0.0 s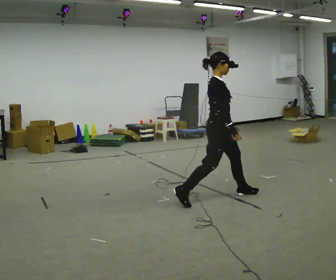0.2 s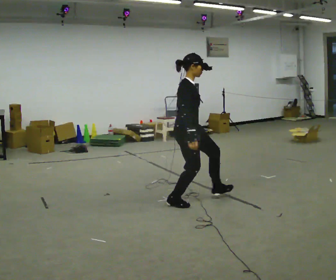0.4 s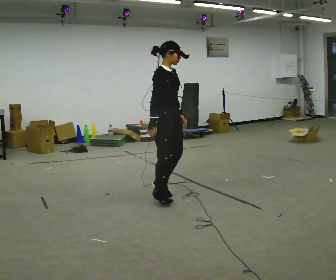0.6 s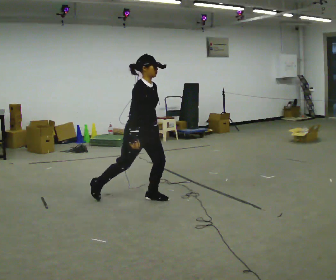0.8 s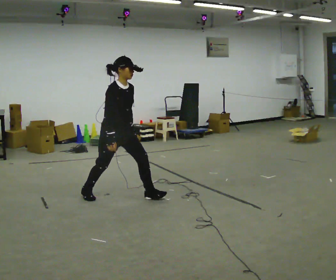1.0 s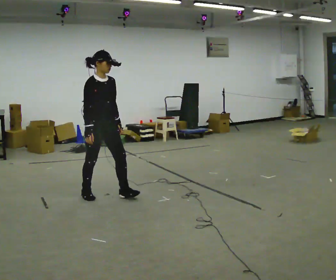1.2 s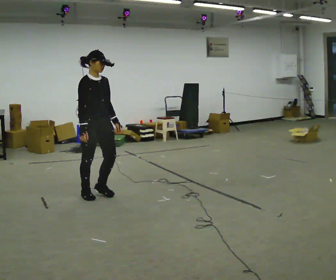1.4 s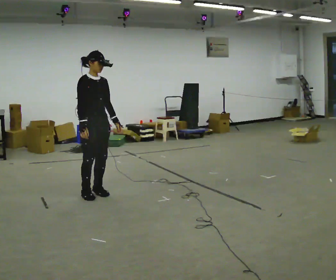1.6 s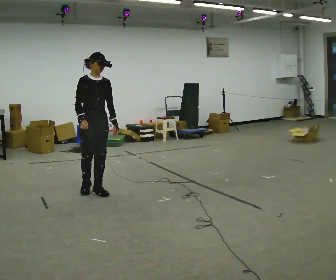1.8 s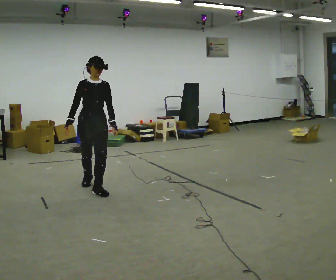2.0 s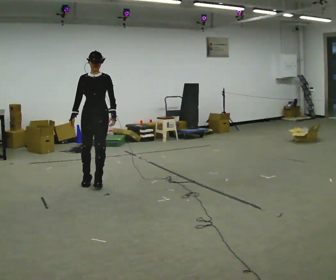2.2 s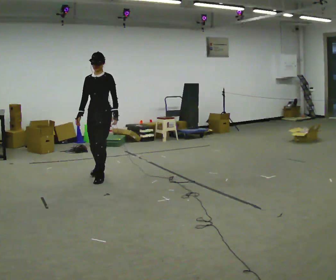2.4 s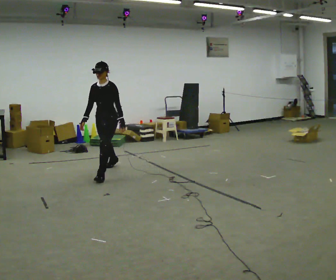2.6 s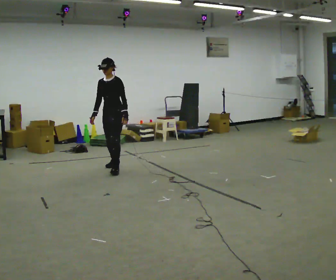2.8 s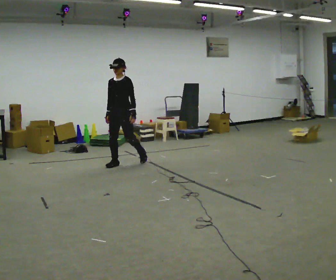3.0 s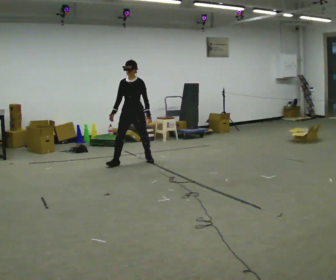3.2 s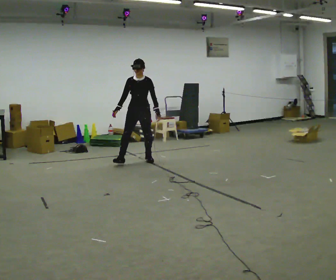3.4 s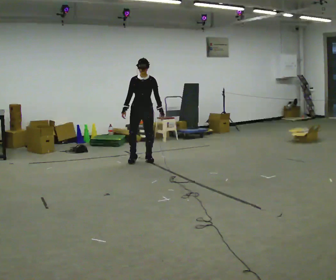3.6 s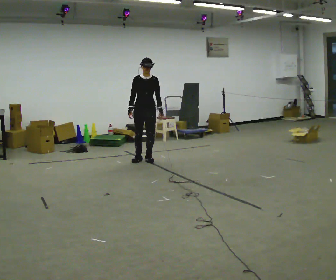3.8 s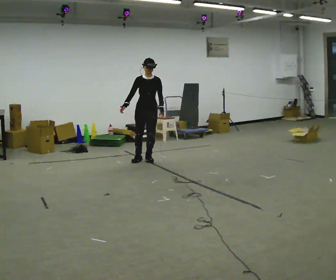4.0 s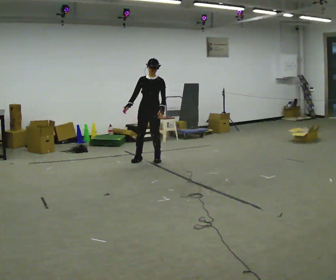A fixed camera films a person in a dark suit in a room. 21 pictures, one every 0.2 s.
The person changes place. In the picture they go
away from the camera.
The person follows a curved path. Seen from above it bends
clockwise.
0.0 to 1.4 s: The person turns about 30 degrees to their right, clockwise seen from above, so the part of the body nearest the lens slides to the left. In the picture they go to the left, about 1.5 m in 3 steps, which for them is backward and to their right.
1.4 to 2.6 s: The part of the body nearest the lens slides to the left as the person turns to their right by about 75 degrees. In the picture they go away from the camera, about 1 m in 4 steps.
2.6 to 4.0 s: The person turns about 30 degrees to their left, counterclockwise seen from above, so the part of the body nearest the lens slides to the right. In the picture they go to the right and away from the camera, about 0.75 m in 2 steps, which for them is backward and to their left.
The film runs backward here.
